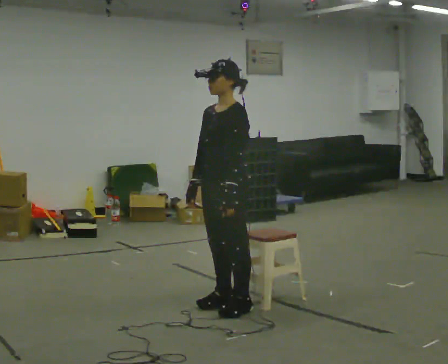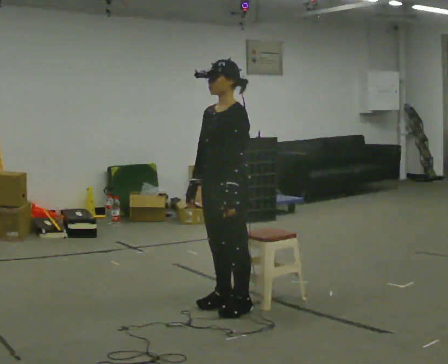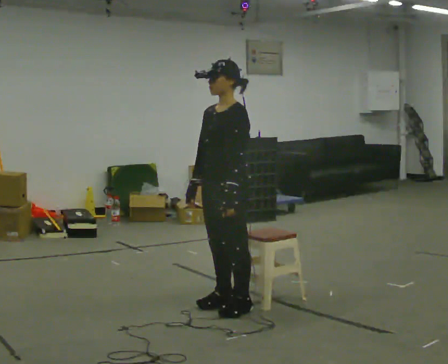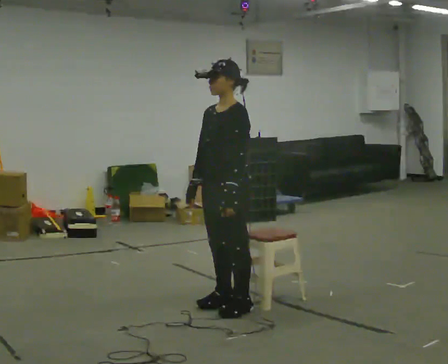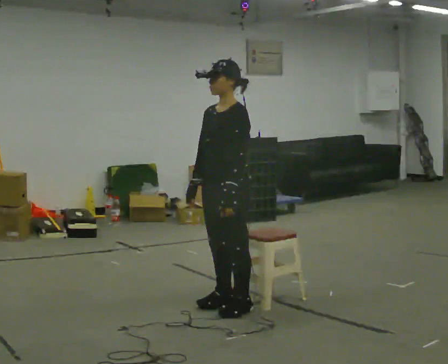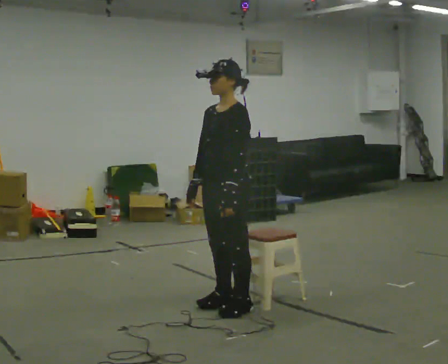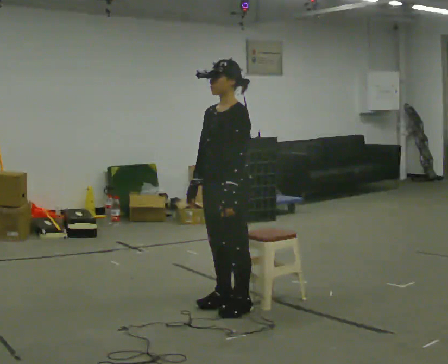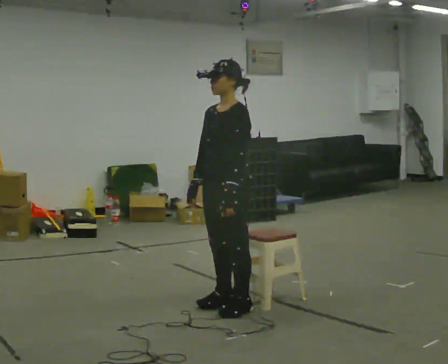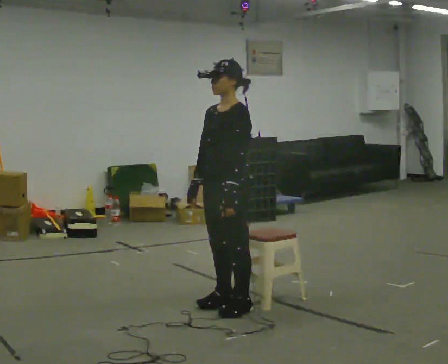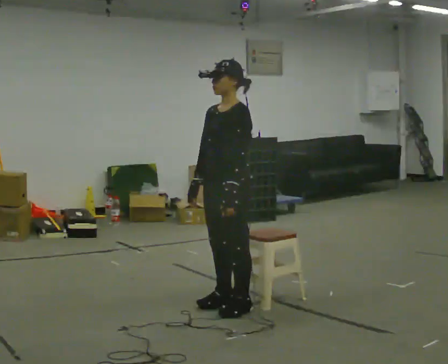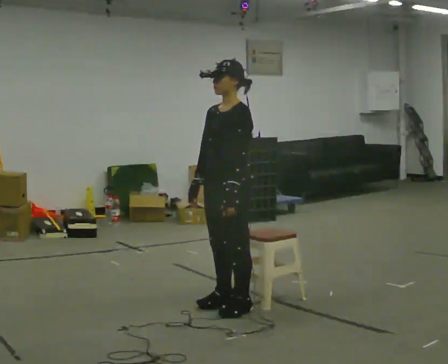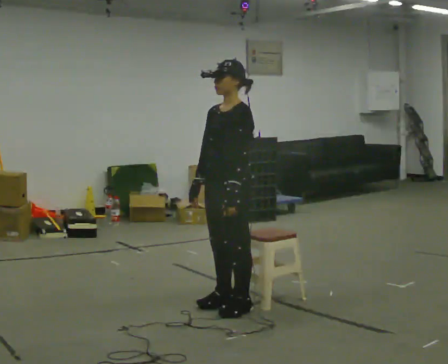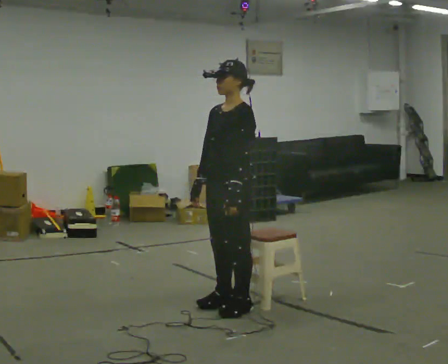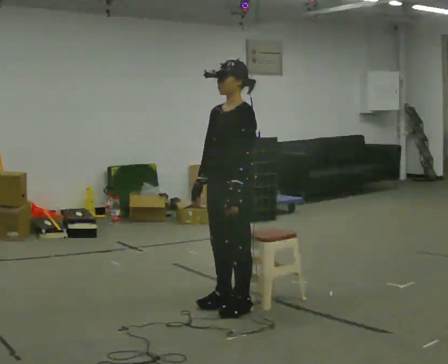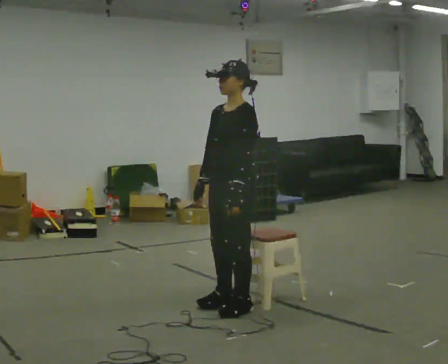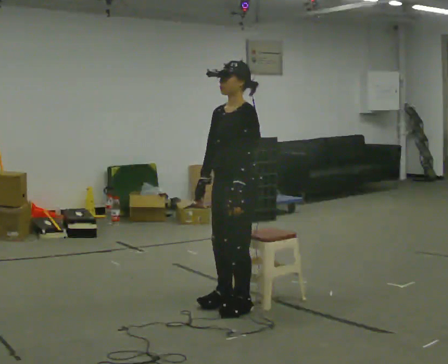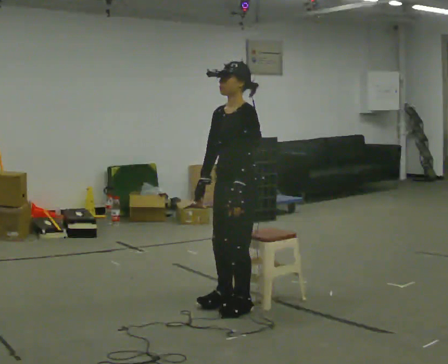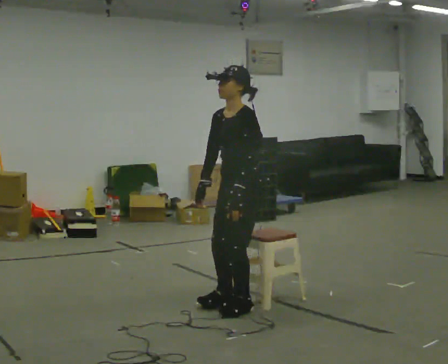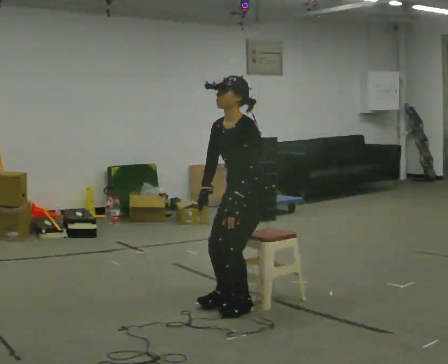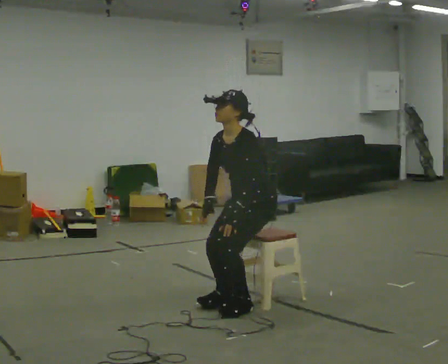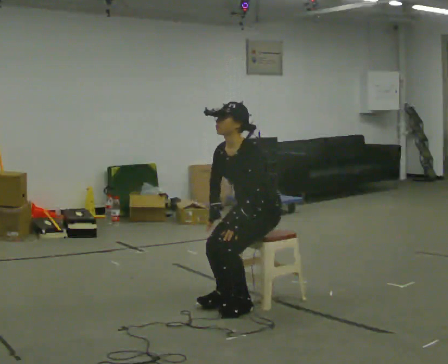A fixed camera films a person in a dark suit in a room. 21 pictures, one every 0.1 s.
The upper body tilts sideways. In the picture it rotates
counterclockwise.
0.0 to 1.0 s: The person keeps their place and pose.
1.0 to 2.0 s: In the picture they go to the right, about 0.25 m, which for them is backward. The upper body goes downward. In the picture the upper body tilts counterclockwise, shoulders to the left, as they bend forward.
The film runs forward here.
